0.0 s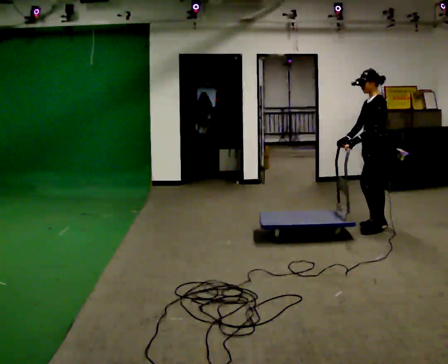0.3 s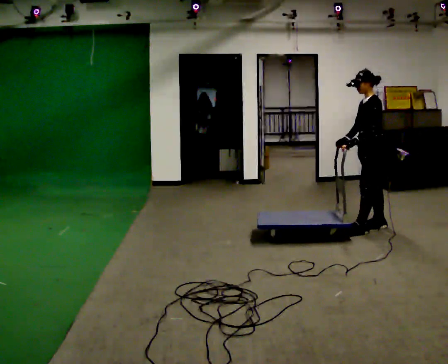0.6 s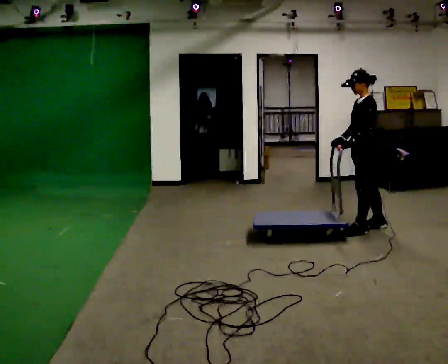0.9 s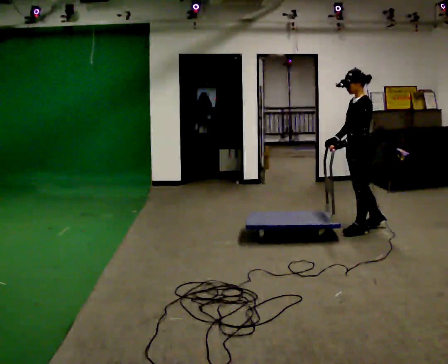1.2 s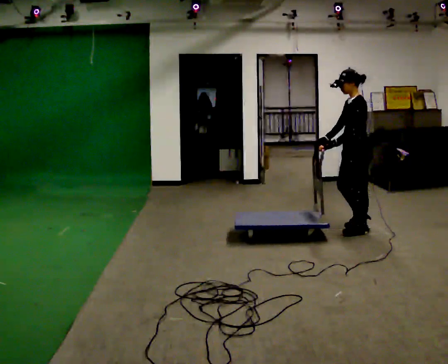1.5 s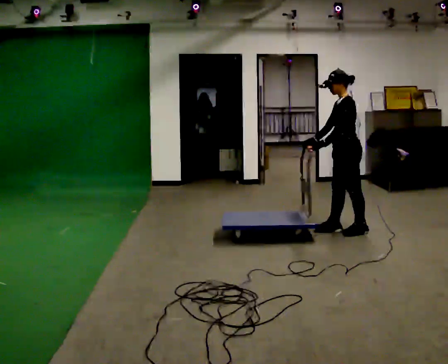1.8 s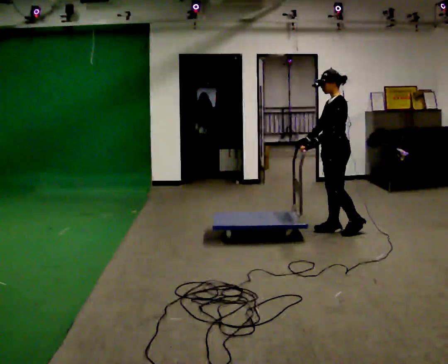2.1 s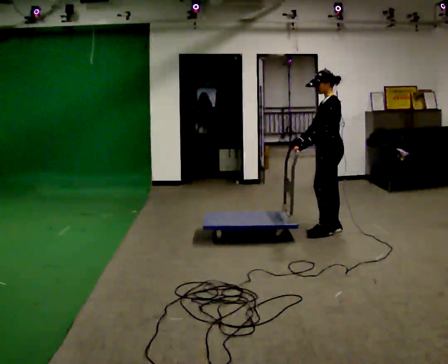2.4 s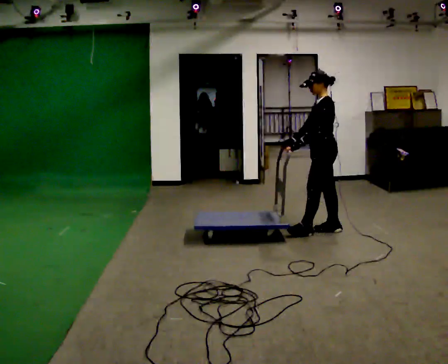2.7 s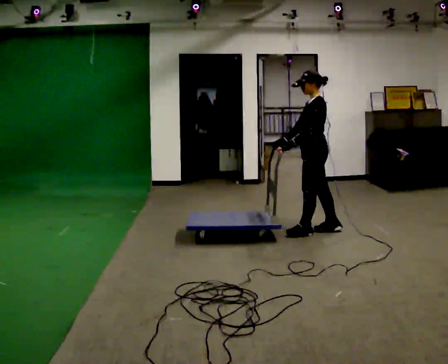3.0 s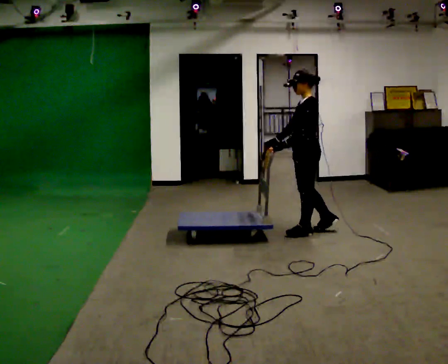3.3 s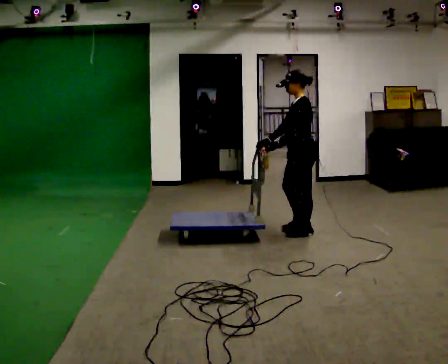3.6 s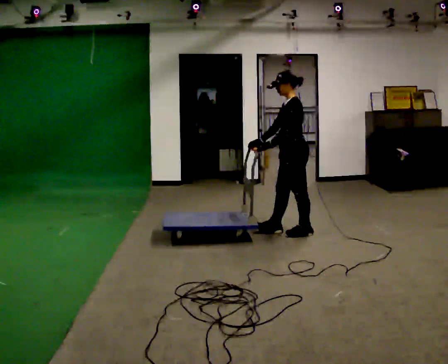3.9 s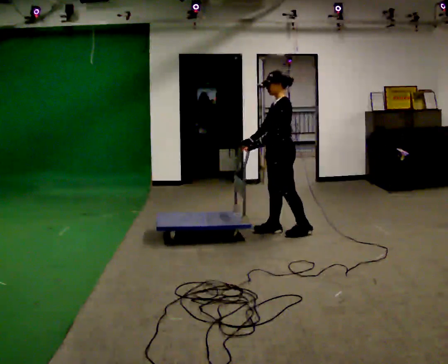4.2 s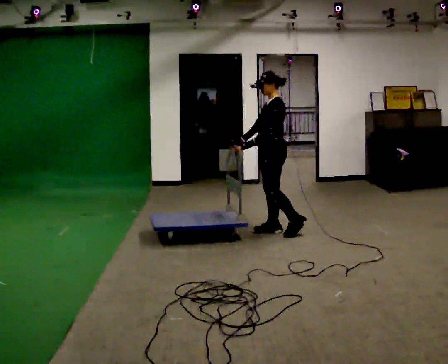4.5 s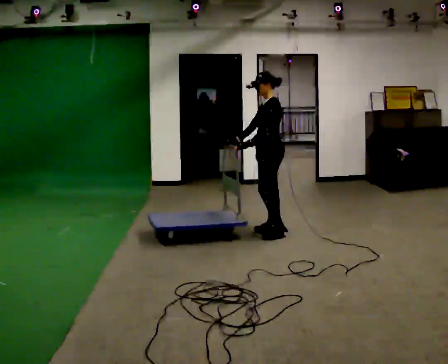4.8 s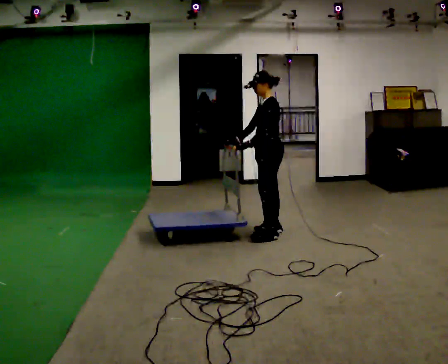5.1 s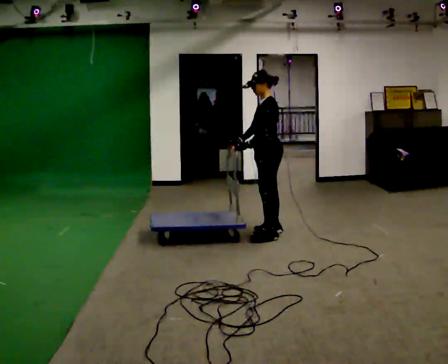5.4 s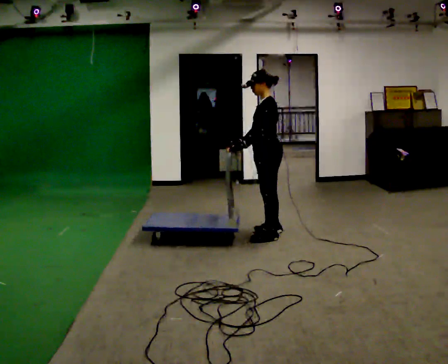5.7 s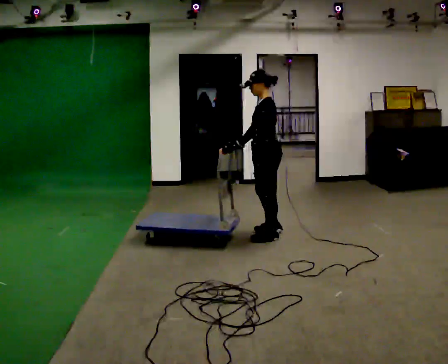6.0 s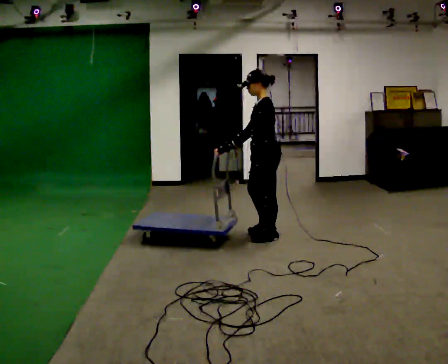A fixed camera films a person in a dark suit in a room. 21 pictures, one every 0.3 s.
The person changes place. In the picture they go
to the left.
0.0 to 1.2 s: In the picture they go to the left and toward the camera, about 0.25 m in 1 step, which for them is forward.
1.2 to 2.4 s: In the picture they go to the left, about 0.25 m in 2 steps, which for them is forward and to their right.
2.4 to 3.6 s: In the picture they go to the left, about 0.25 m in 1 step, which for them is forward.
3.6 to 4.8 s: In the picture they go to the left, about 0.25 m in 1 step, which for them is forward and to their right.
4.8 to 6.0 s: In the picture they go toward the camera, about 0.25 m, which for them is to their left.
The film runs forward here.
